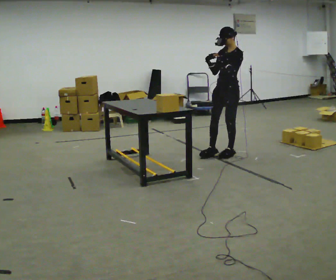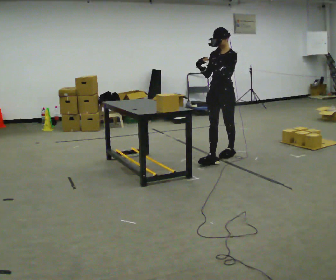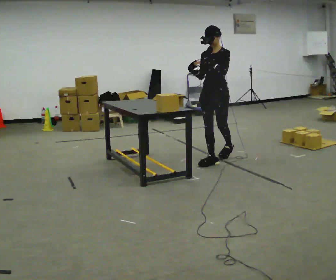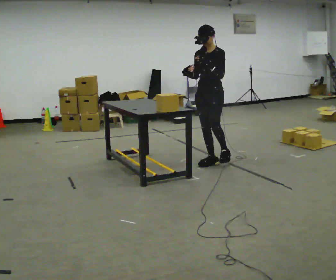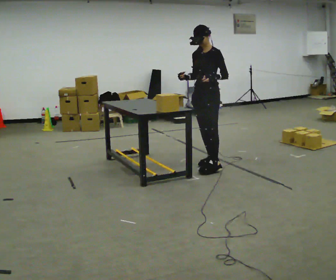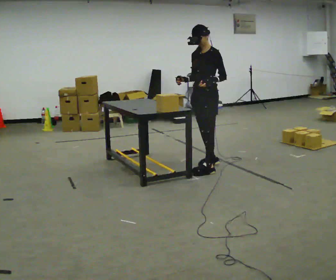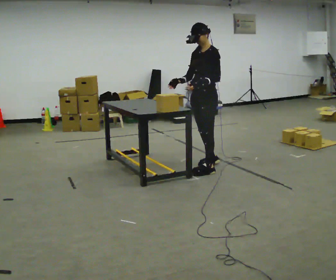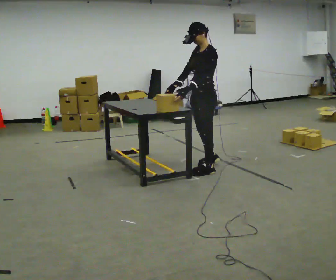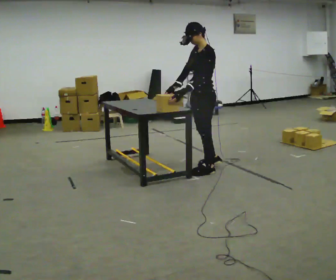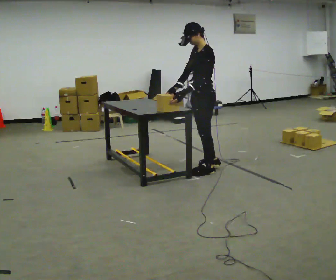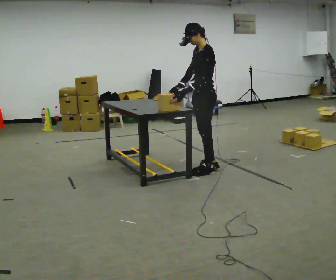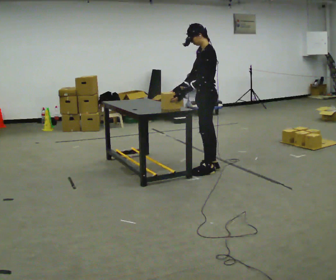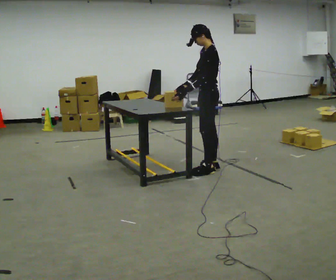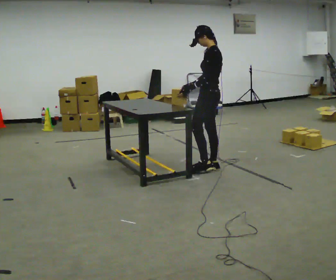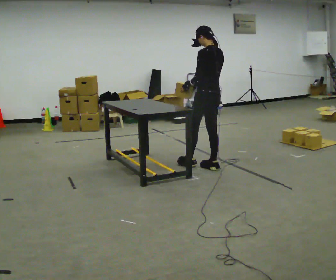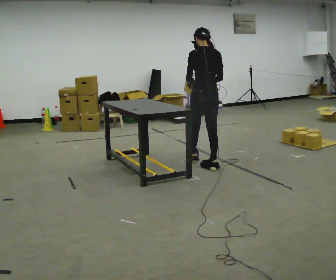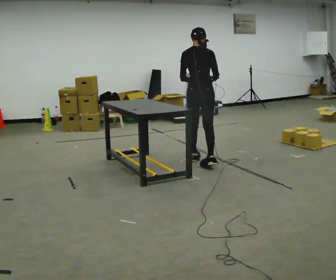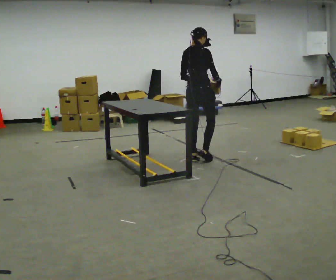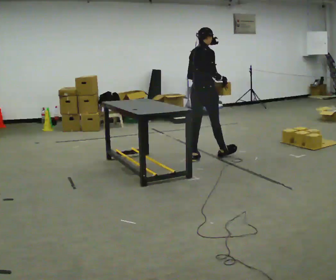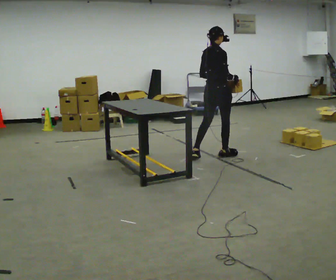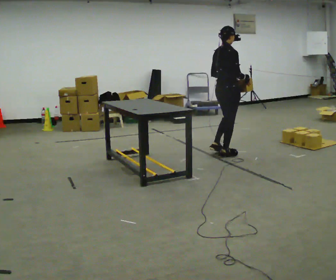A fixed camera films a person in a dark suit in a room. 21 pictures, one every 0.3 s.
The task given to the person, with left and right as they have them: Carry the boxes over one at a time and lay them out on the pallet in the pattern the operator shows you. Keep going until the operator says stop; one object at a time, and do not rush between trips.
0.0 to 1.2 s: In the picture they go toward the camera and to the left, about 0.5 m in 1 step, which for them is forward.
1.2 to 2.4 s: The part of the body nearest the lens slides to the left as the person turns to their right by about 30 degrees. In the picture they go toward the camera, about 0.25 m in 1 step, which for them is to their left and forward.
2.4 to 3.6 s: The person moves a little, or ends about where they began.
3.6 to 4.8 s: The part of the body nearest the lens slides to the left as the person turns to their right by about 90 degrees. In the picture they go away from the camera and to the left, about 0.25 m in 1 step.
4.8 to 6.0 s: The part of the body nearest the lens slides to the left as the person turns to their right by about 45 degrees. In the picture they go to the right and away from the camera, about 0.5 m in 1 step, which for them is forward.
The film runs forward here.
